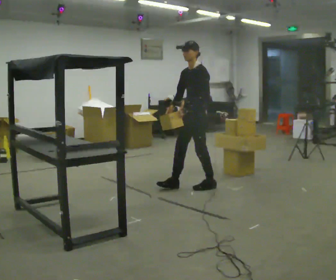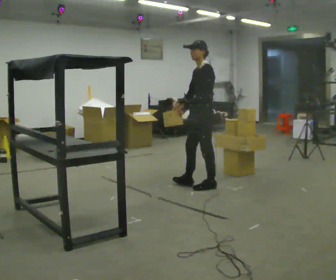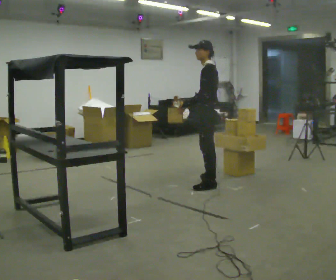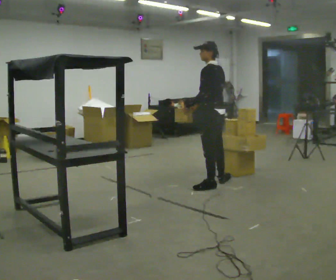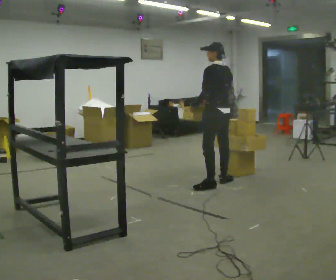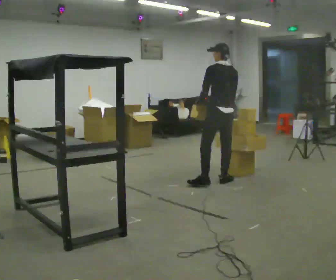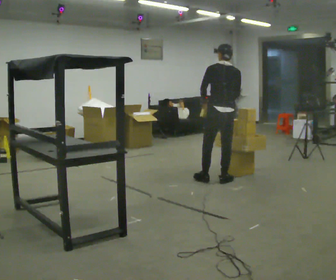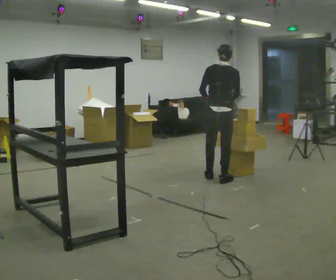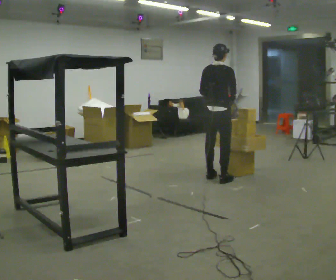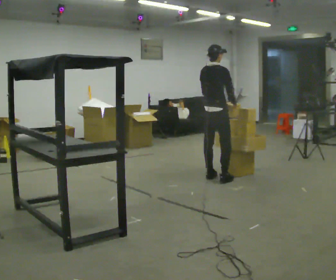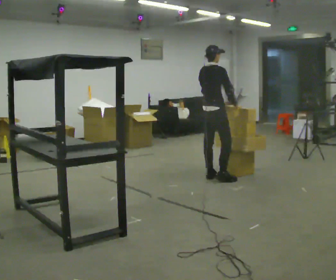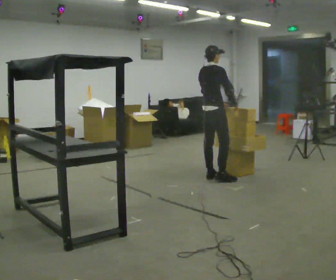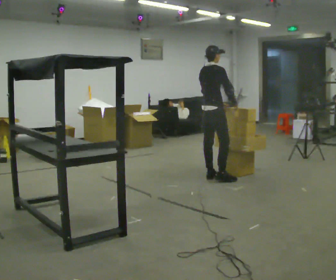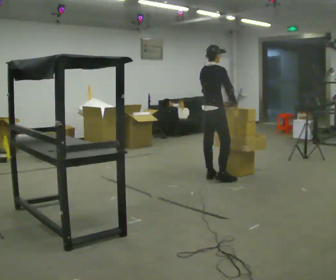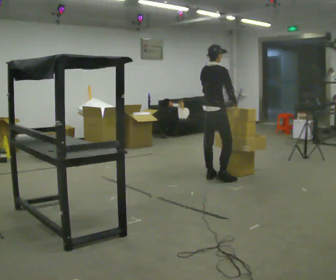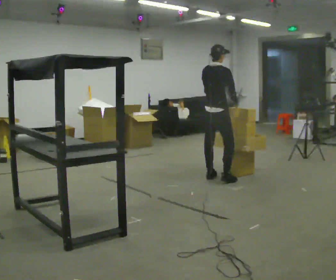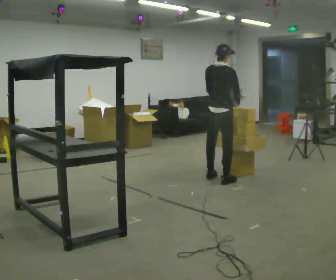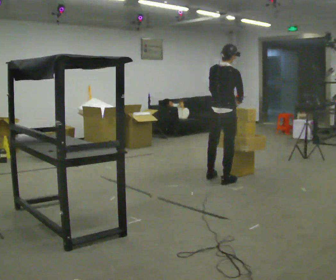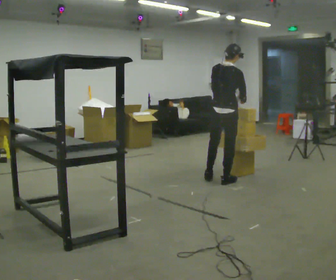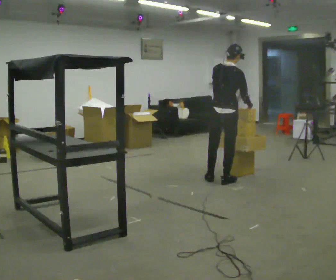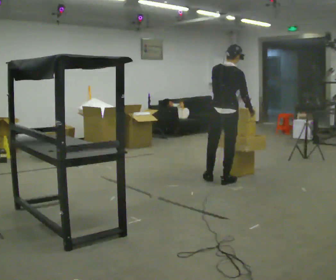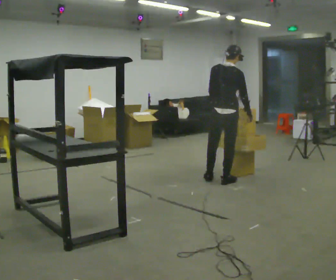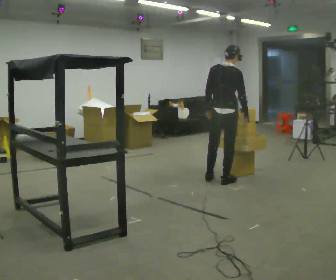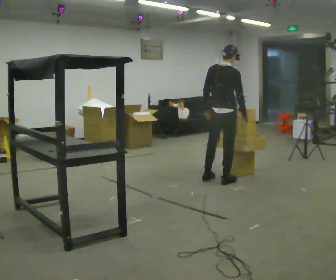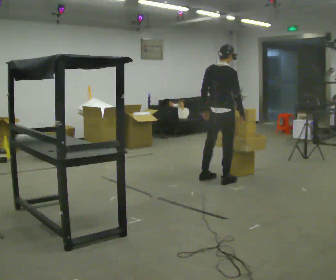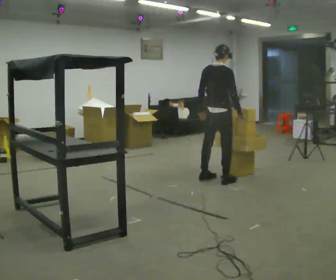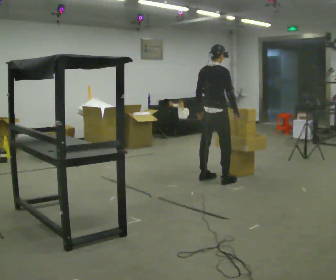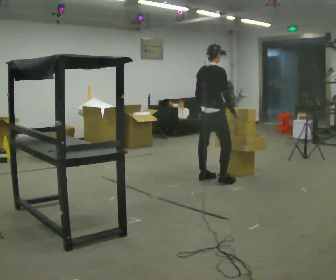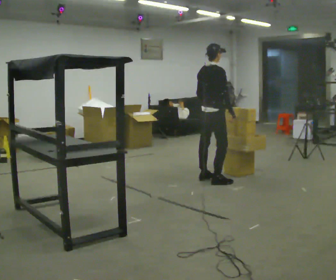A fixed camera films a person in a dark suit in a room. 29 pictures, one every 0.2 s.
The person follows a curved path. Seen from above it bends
counterclockwise.
0.0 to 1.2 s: The person turns about 120 degrees to their right, clockwise seen from above, so the part of the body nearest the lens slides to the left. In the picture they go to the right and away from the camera, about 0.5 m in 2 steps.
1.2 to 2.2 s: The person turns about 60 degrees to their right, clockwise seen from above, so the part of the body nearest the lens slides to the left. In the picture they go away from the camera, about 0.25 m, which for them is to their left and forward.
2.2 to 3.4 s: In the picture they go toward the camera, about 0.25 m, which for them is to their right.
3.4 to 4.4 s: The person moves a little, or ends about where they began.
4.4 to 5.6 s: The part of the body nearest the lens slides to the left as the person turns to their right by about 30 degrees. In the picture they go to the left, about 0.25 m, which for them is to their left.
The film runs backward here.
